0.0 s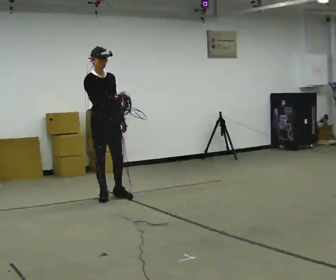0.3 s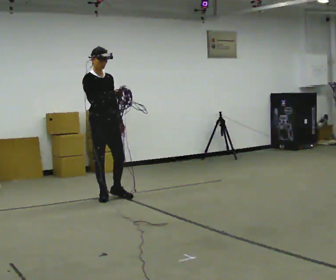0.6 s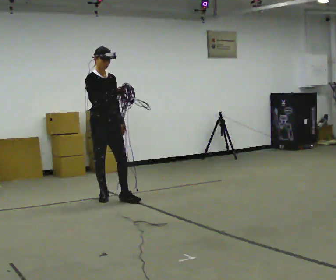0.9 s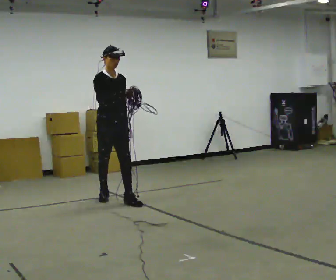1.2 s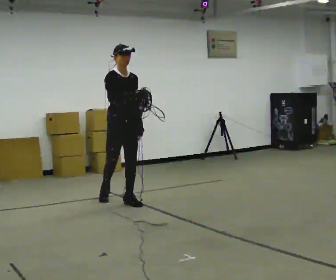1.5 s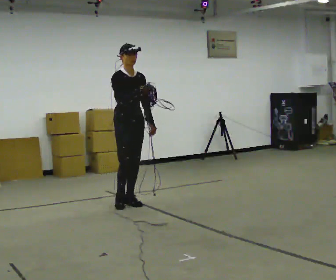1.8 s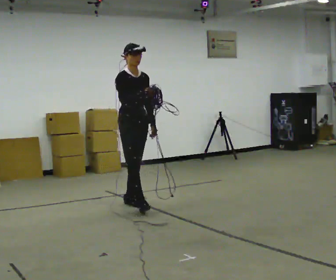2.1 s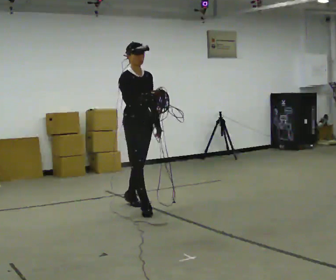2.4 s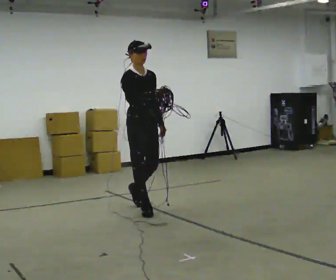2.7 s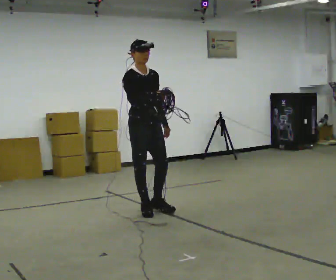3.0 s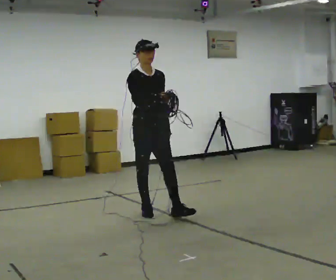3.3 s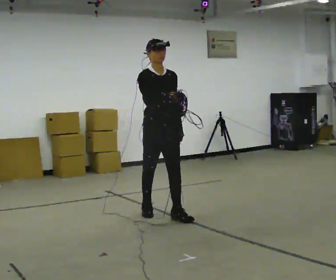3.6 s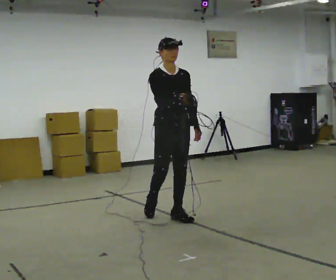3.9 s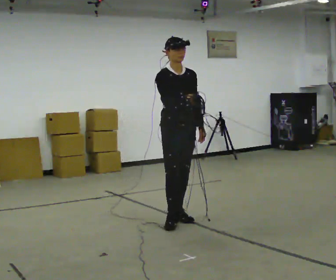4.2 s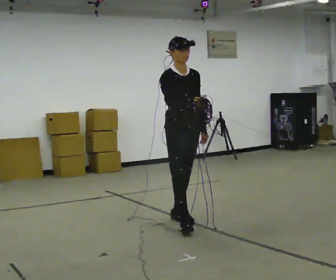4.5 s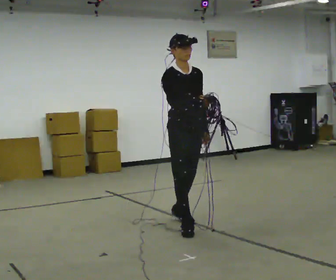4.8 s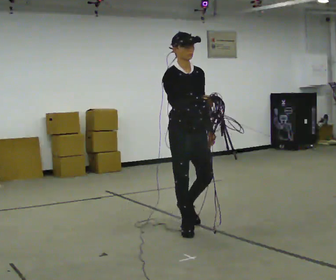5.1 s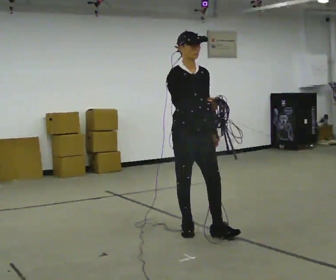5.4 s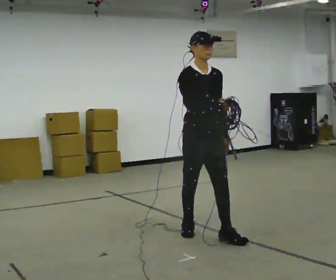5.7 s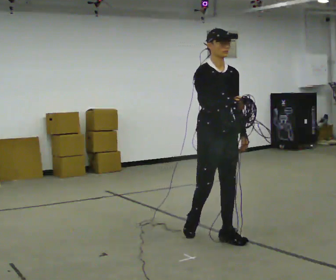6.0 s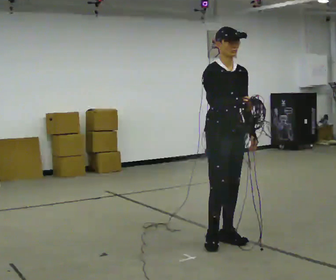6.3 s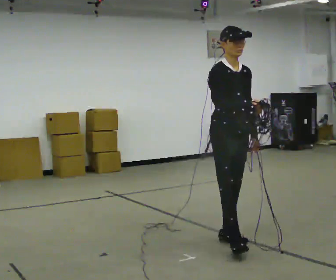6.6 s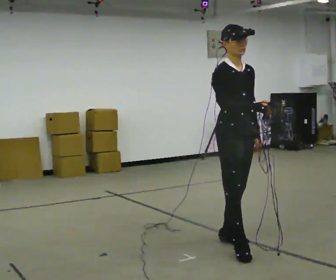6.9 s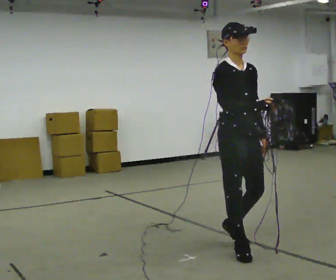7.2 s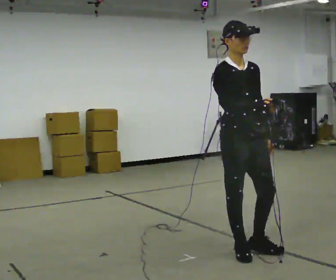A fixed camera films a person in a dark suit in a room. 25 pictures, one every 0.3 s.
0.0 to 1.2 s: In the picture they go to the right and toward the camera, about 0.25 m in 1 step, which for them is forward.
1.2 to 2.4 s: In the picture they go toward the camera and to the right, about 0.5 m in 1 step, which for them is forward.
2.4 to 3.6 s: In the picture they go to the right and toward the camera, about 0.5 m in 1 step, which for them is forward.
3.6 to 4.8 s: In the picture they go toward the camera, about 0.5 m in 1 step, which for them is forward.
4.8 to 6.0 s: In the picture they go toward the camera and to the right, about 0.5 m in 1 step, which for them is forward.
6.0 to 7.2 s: In the picture they go toward the camera, about 0.5 m in 1 step, which for them is forward and to their right.
The film runs forward here.
